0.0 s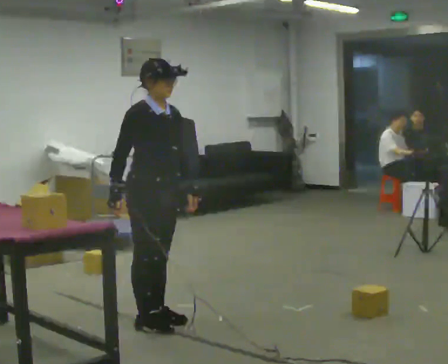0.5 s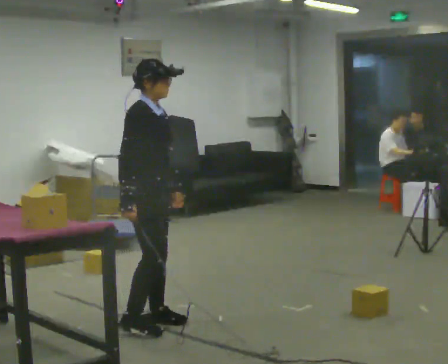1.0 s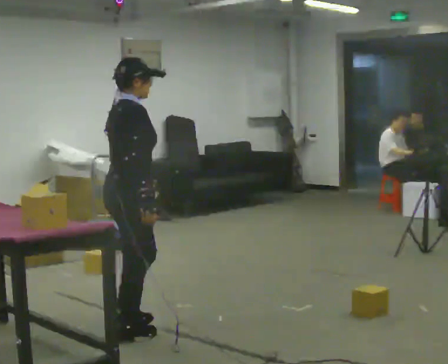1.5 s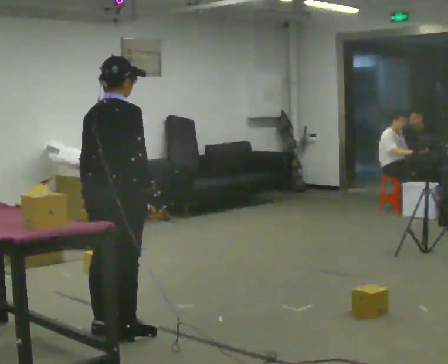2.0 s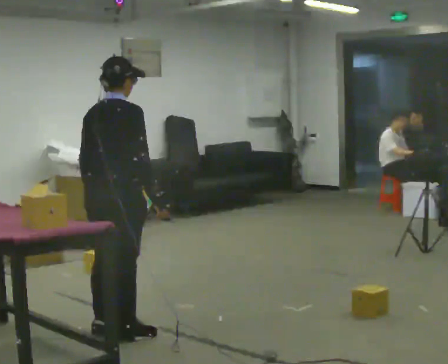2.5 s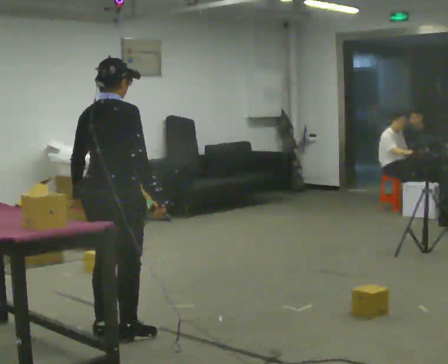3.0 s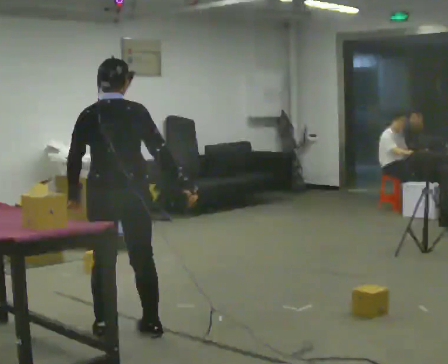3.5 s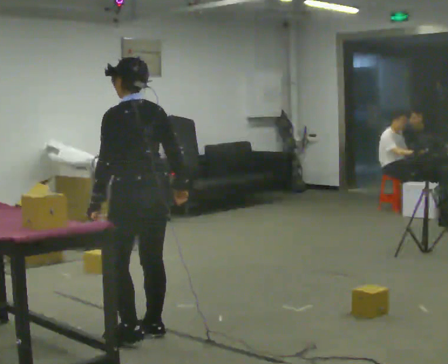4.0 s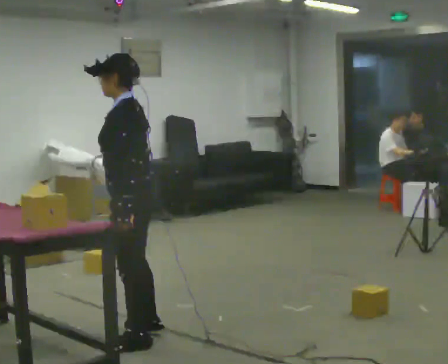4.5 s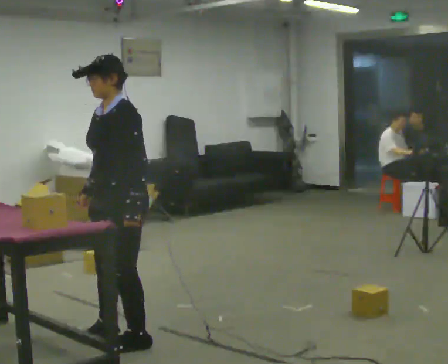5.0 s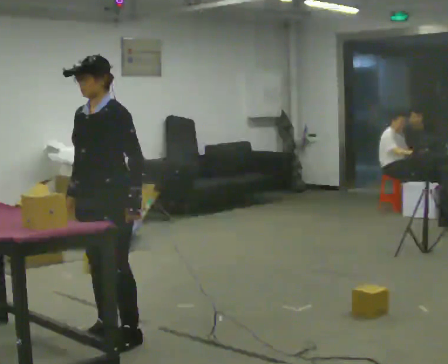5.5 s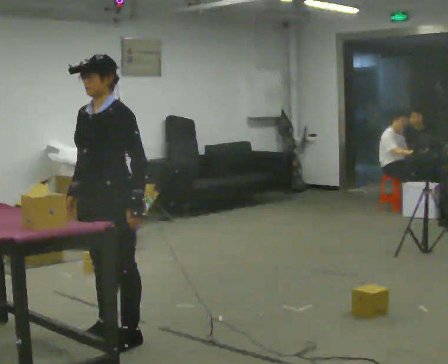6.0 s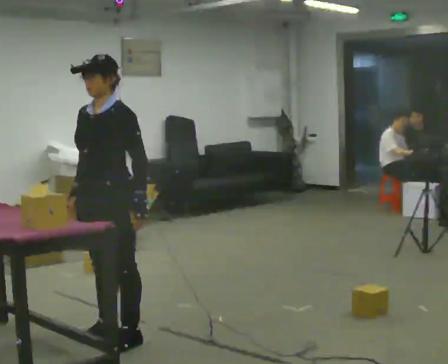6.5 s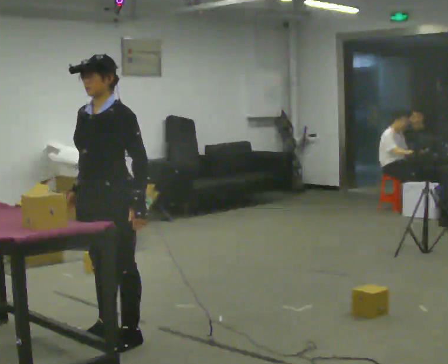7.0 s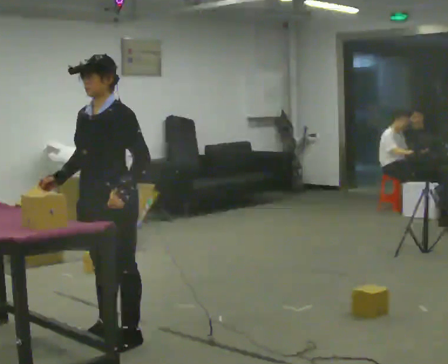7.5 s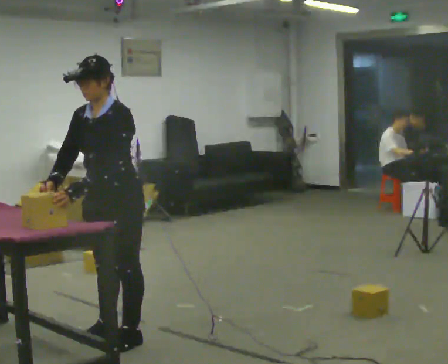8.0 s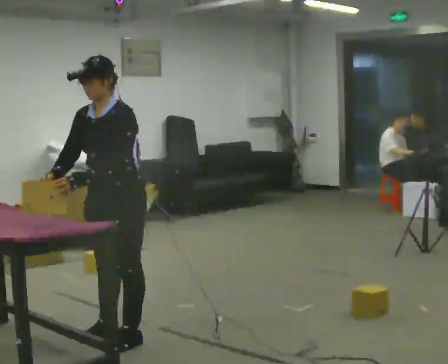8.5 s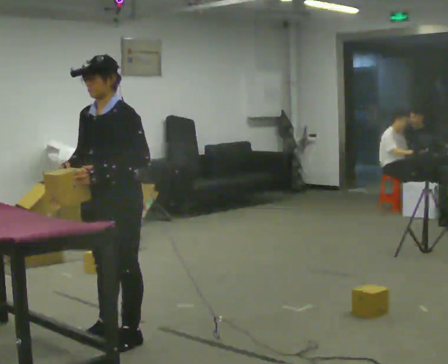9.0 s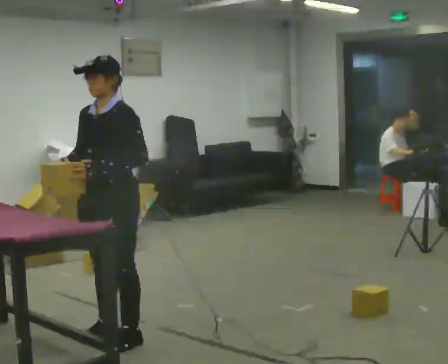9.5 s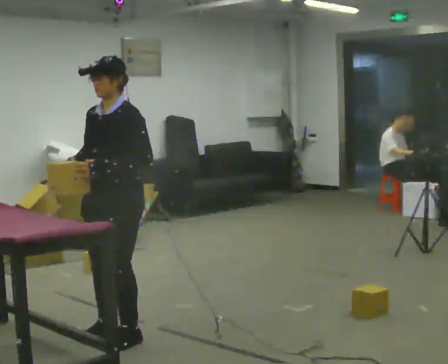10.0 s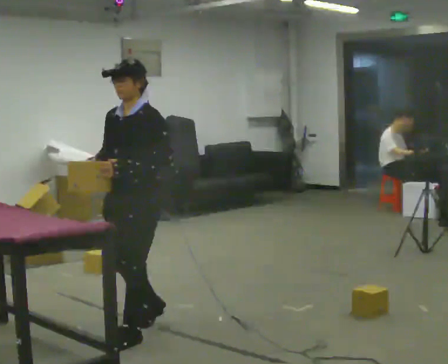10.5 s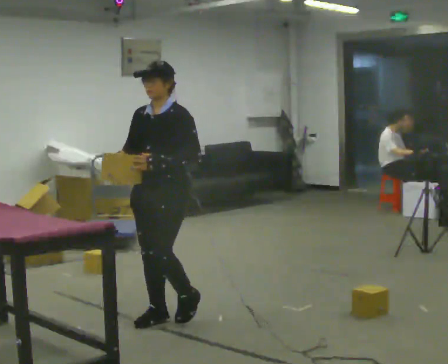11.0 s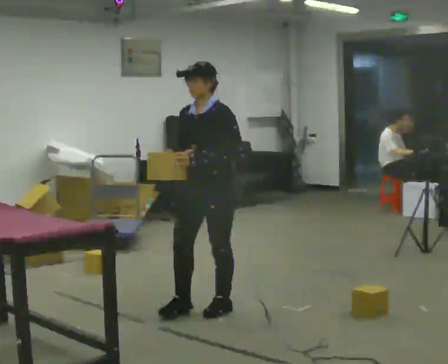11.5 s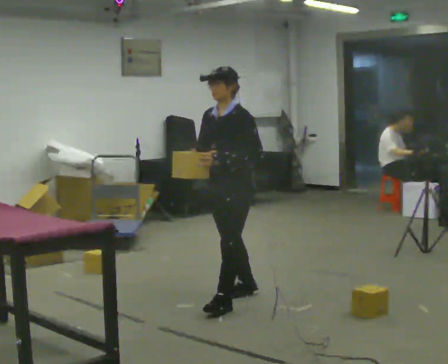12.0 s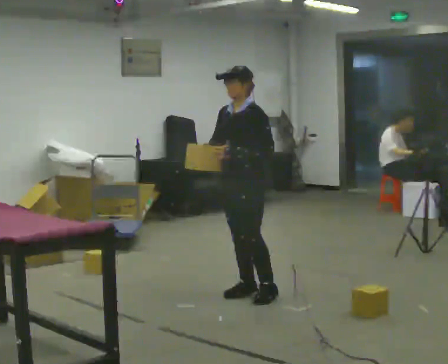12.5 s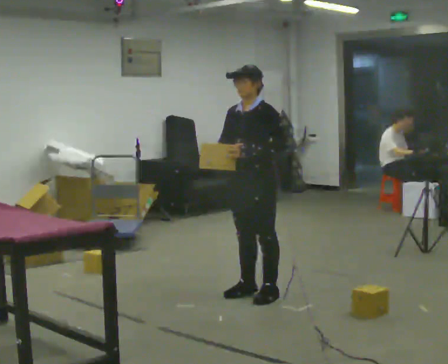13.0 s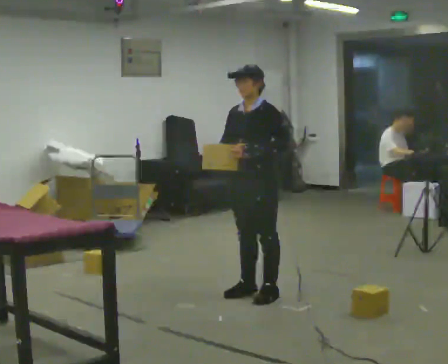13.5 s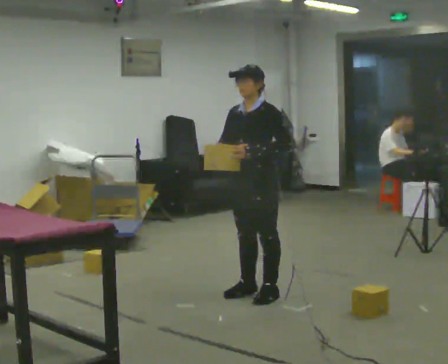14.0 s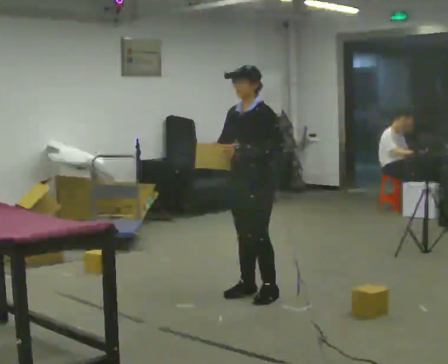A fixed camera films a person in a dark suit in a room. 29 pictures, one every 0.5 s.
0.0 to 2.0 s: The person turns about 90 degrees to their left, counterclockwise seen from above, so the part of the body nearest the lens slides to the right. In the picture they go to the left and toward the camera, about 0.25 m in 2 steps.
2.0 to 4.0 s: Seen from above the body turns counterclockwise, about 120 degrees: to their left, with its near side sliding to the right. In the picture they go toward the camera, about 0.25 m in 2 steps.
4.0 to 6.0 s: The person turns about 45 degrees to their left, counterclockwise seen from above, so the part of the body nearest the lens slides to the right. In the picture their right hand goes to the left.
6.0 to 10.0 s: In the picture they go to the right, about 0.25 m in 1 step, which for them is backward.
10.0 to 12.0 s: In the picture they go to the right and away from the camera, about 1 m in 3 steps, which for them is backward.
12.0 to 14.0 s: The person moves a little, or ends about where they began.
The film runs backward here.
